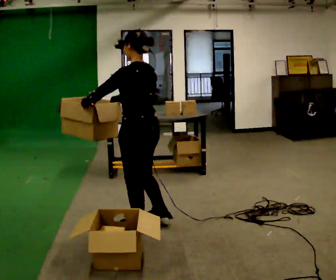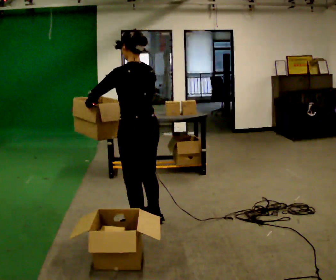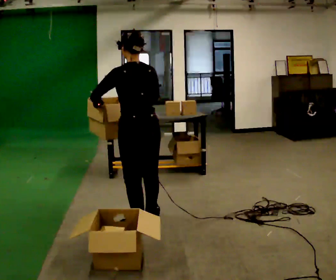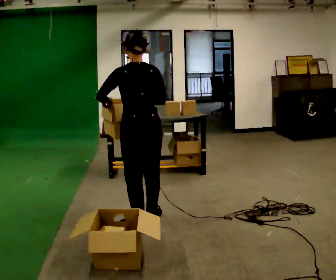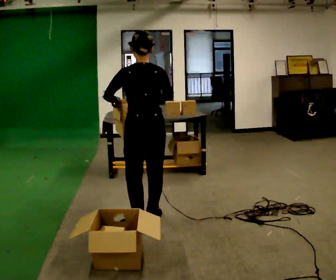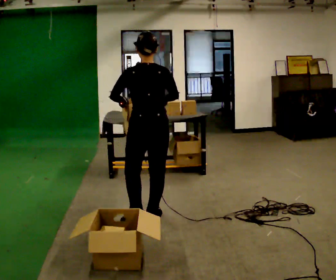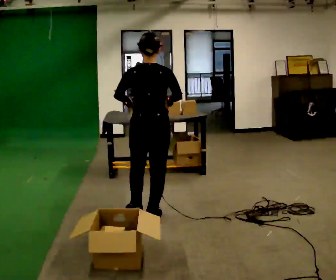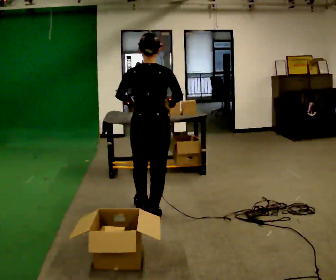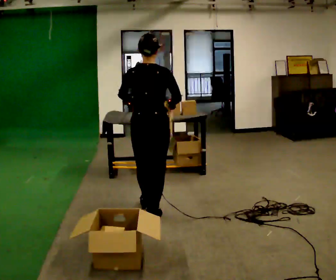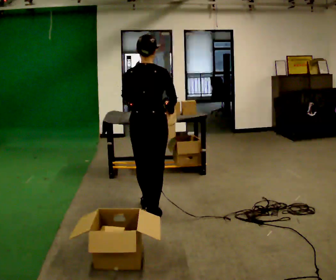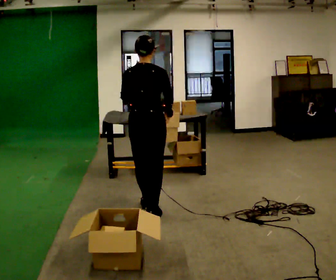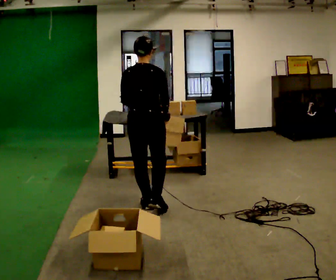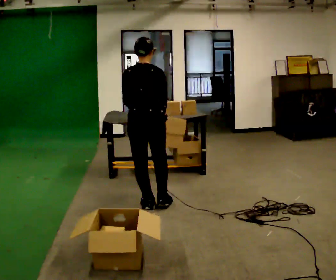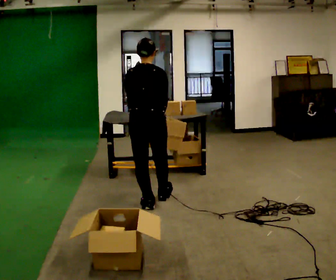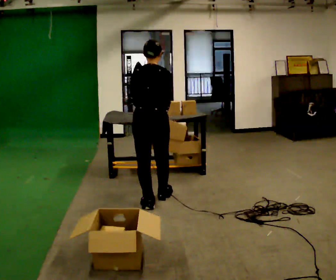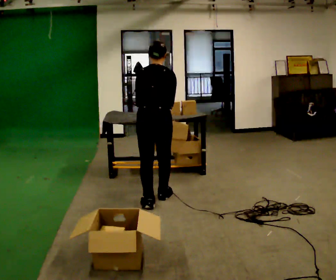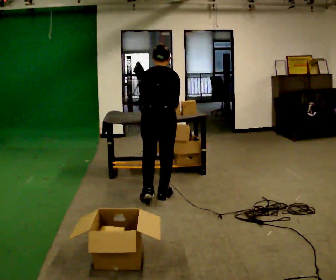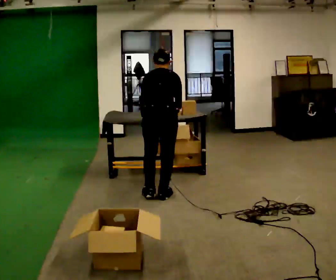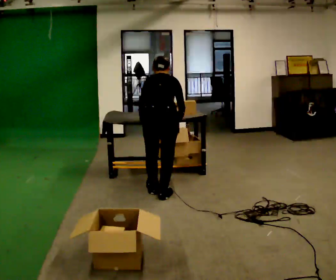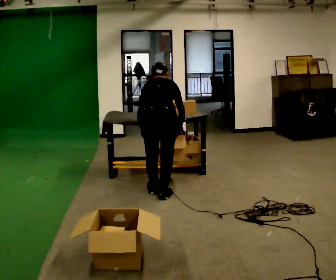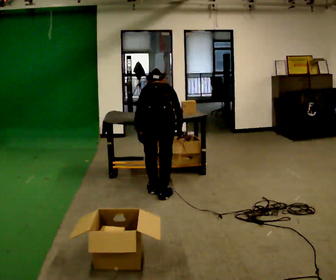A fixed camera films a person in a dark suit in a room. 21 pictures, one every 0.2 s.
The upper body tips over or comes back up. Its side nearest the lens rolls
upward.
Their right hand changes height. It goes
downward.
0.0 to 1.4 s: The person turns about 60 degrees to their right, clockwise seen from above, so the part of the body nearest the lens slides to the left. In the picture they go away from the camera, about 0.25 m in 1 step, which for them is forward and to their right. In the picture their right hand goes to the right.
1.4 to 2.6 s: In the picture they go away from the camera, about 0.25 m in 2 steps, which for them is forward.
2.6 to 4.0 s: In the picture they go away from the camera, about 0.25 m in 1 step, which for them is forward. The upper body goes downward. The upper body tips away from the camera, its near side rolling upward, as they bend forward.
The film runs forward here.
